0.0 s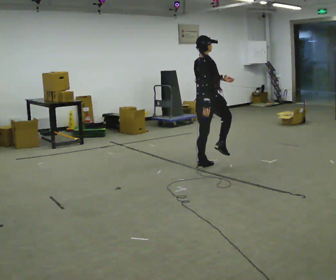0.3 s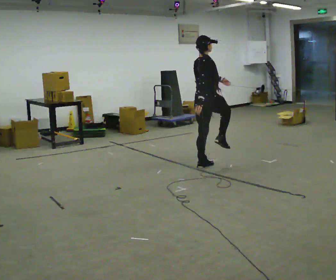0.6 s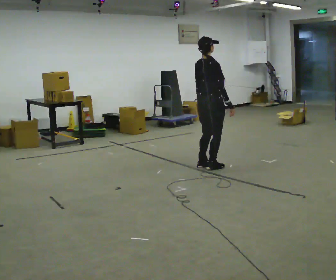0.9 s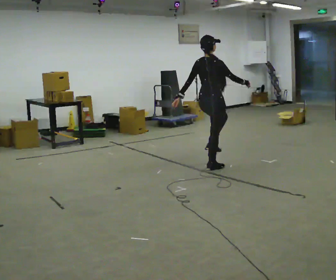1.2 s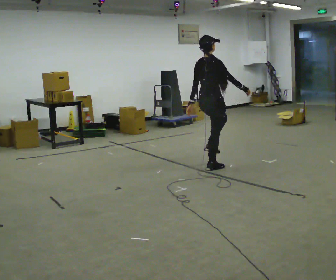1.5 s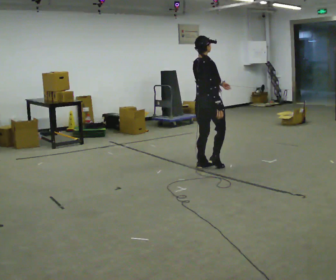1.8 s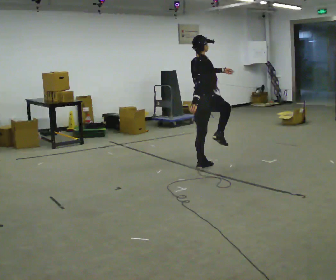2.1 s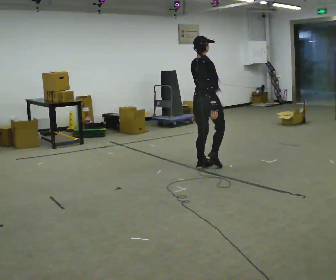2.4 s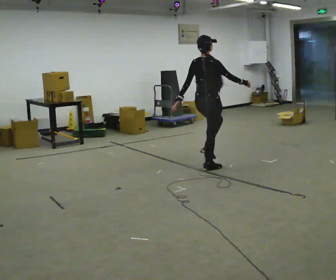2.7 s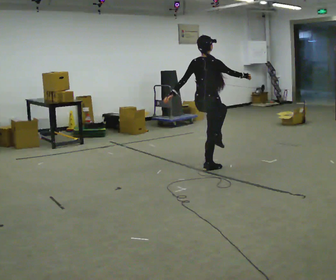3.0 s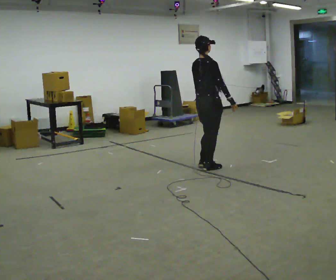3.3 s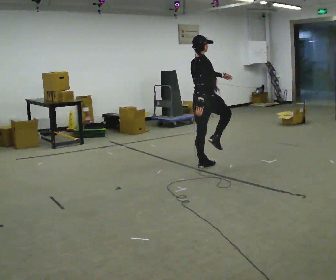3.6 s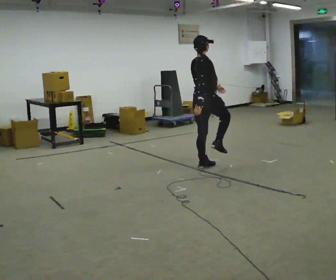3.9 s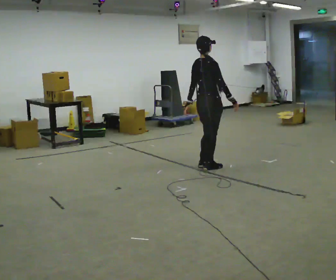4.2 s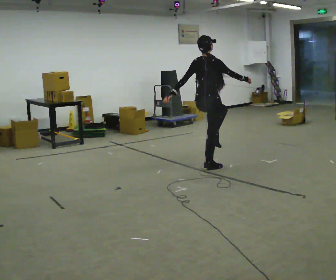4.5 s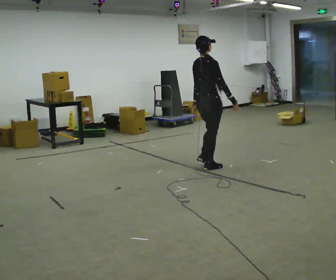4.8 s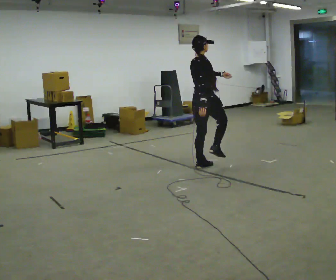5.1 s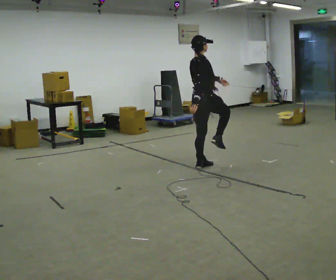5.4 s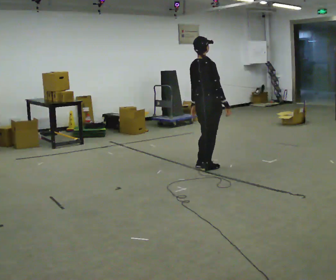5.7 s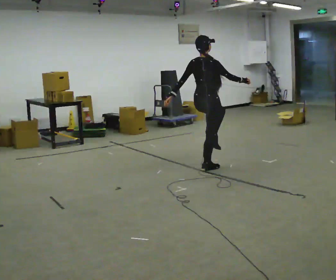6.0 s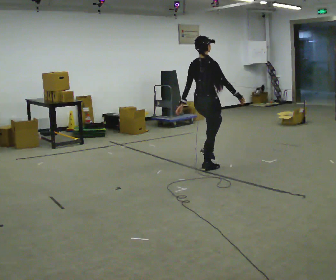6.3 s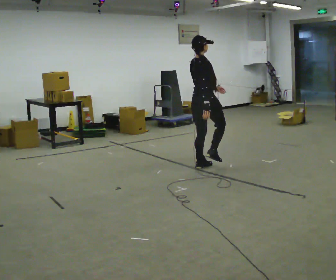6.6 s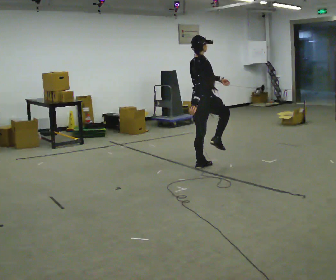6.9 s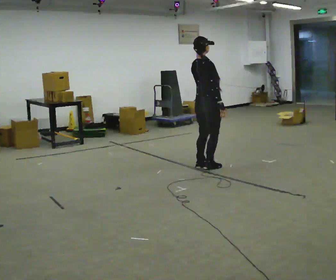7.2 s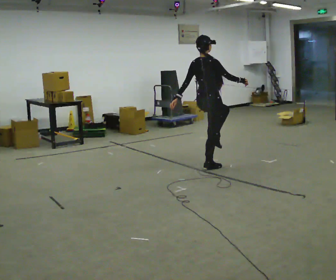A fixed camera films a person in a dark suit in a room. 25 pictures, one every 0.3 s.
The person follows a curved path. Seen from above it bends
counterclockwise.
0.0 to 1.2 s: In the picture their left hand goes to the left.
1.2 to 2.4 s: The person moves a little, or ends about where they began.
2.4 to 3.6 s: In the picture their right hand goes to the left.
3.6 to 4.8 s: The person moves a little, or ends about where they began.
4.8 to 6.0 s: In the picture their left hand goes to the left.
6.0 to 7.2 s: The person moves a little, or ends about where they began.
The film runs backward here.
